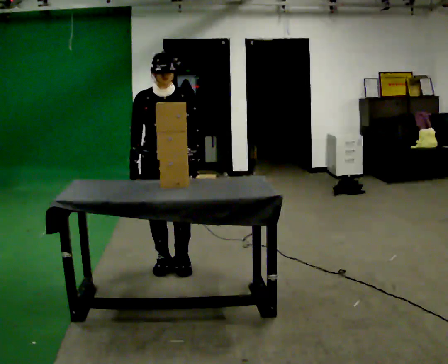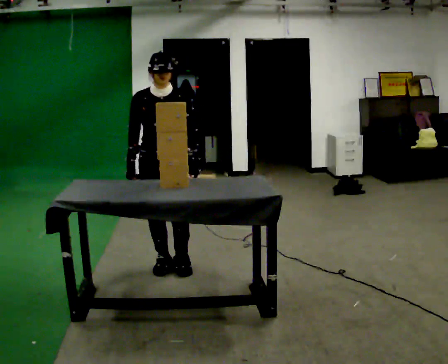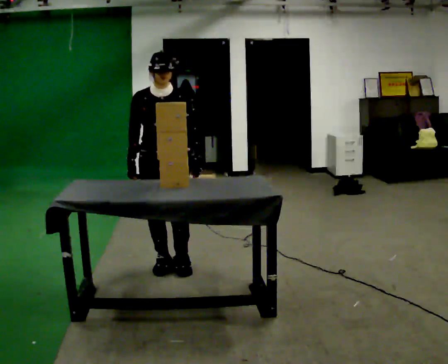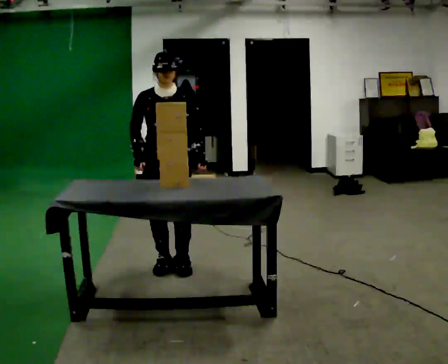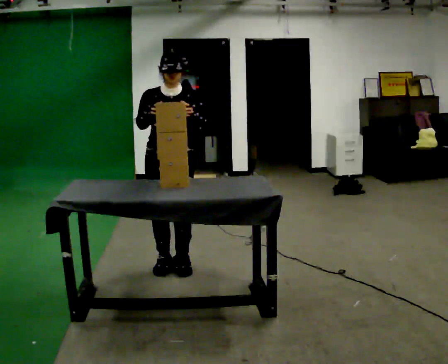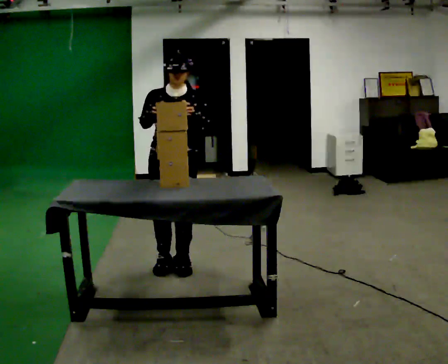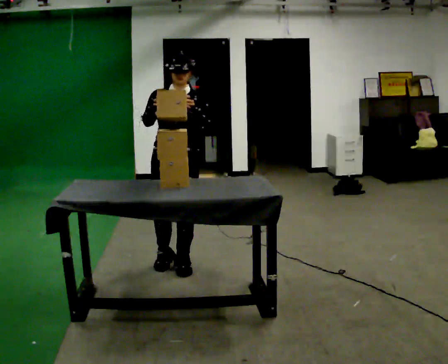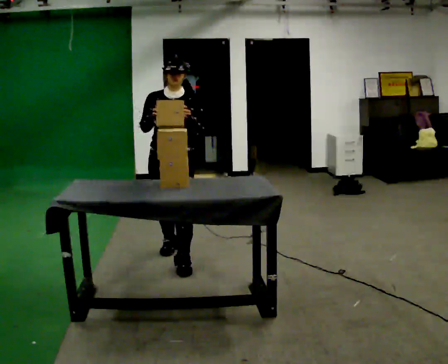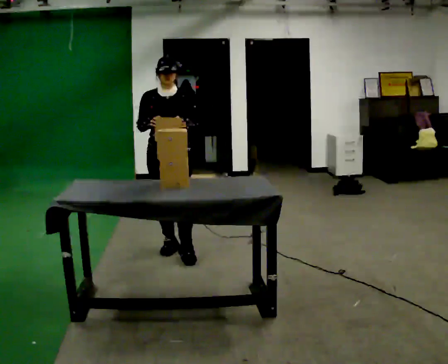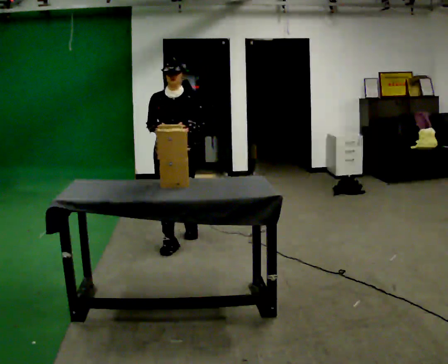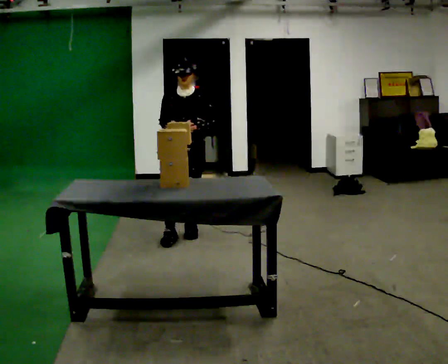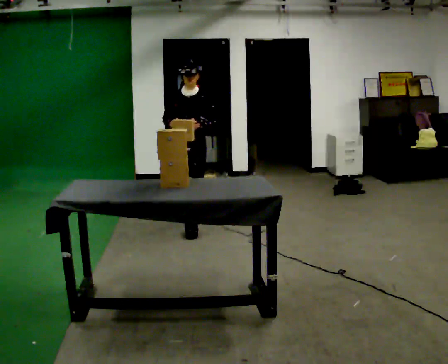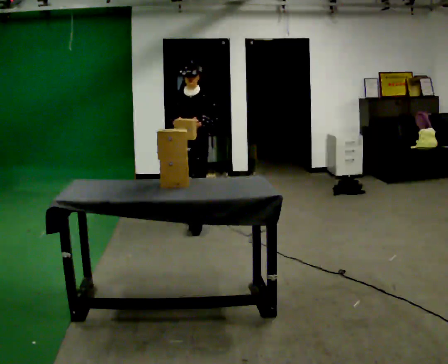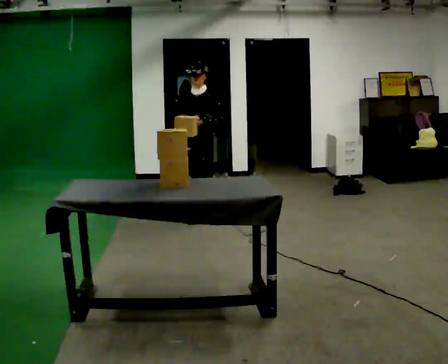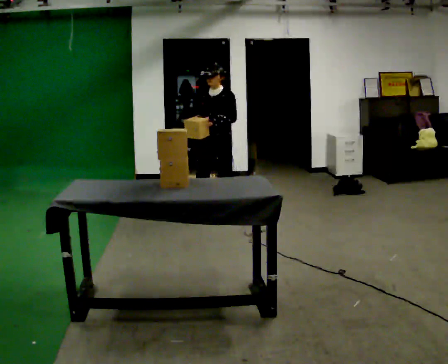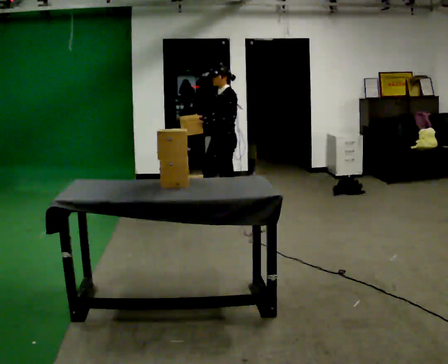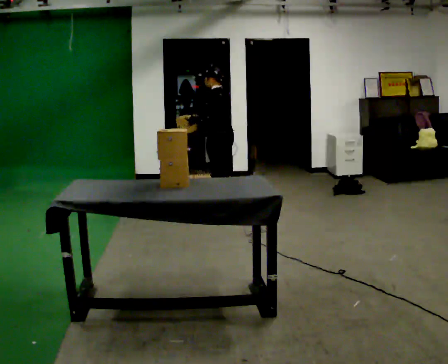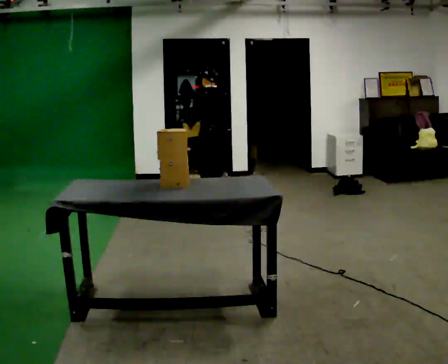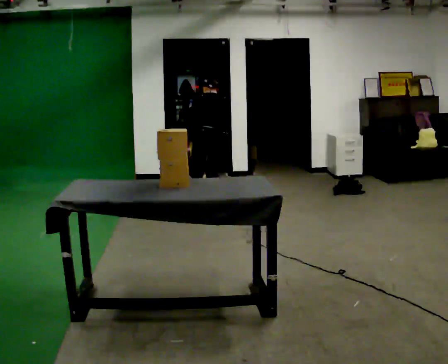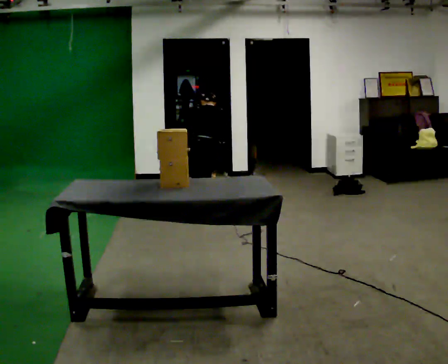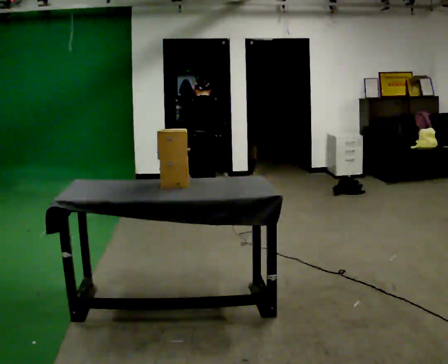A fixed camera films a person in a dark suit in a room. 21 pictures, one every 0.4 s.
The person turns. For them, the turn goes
to their right.
The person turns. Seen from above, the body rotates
clockwise.
0.0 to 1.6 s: In the picture their right hand goes upward.
1.6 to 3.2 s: In the picture they go away from the camera, about 0.5 m in 2 steps, which for them is backward.
3.2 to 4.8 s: In the picture they go away from the camera, about 1 m in 2 steps, which for them is backward.
4.8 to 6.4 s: Seen from above the body turns clockwise, about 105 degrees: to their right, with its near side sliding to the left. In the picture they go away from the camera and to the right, about 0.5 m in 1 step. In the picture the upper body tilts counterclockwise, shoulders to the left.
6.4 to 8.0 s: Seen from above the body turns clockwise, about 60 degrees: to their right, with its near side sliding to the left. In the picture they go to the left, about 0.25 m in 1 step. In the picture their right hand goes downward.
The film runs backward here.
